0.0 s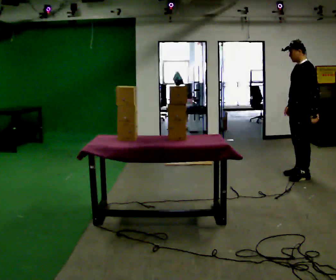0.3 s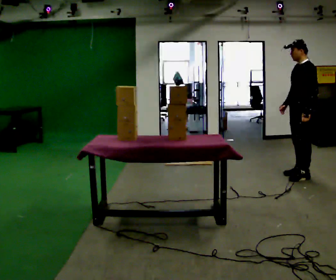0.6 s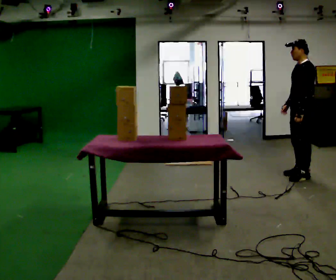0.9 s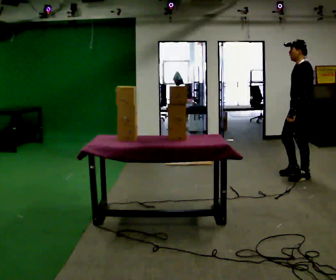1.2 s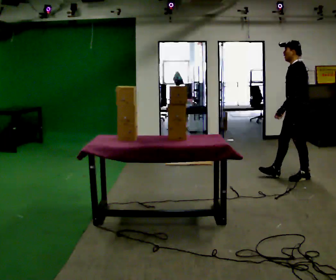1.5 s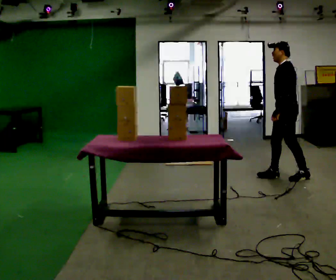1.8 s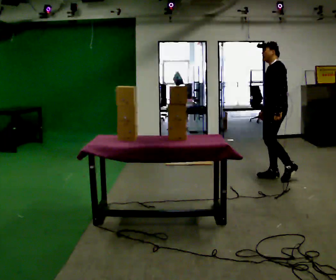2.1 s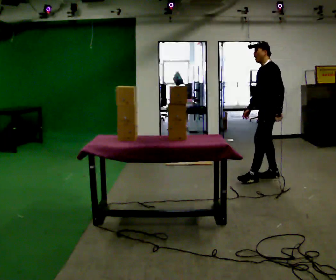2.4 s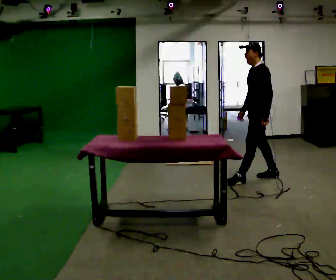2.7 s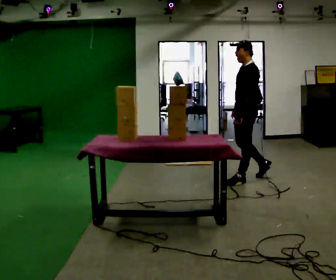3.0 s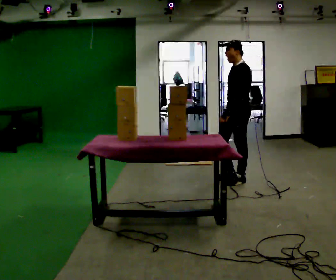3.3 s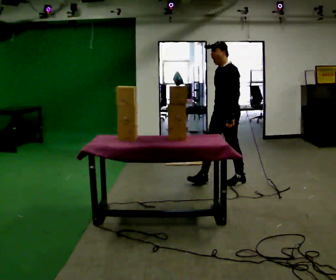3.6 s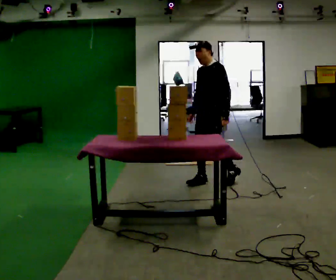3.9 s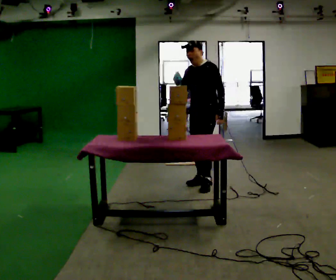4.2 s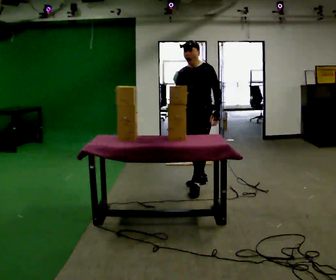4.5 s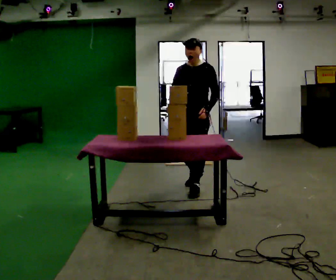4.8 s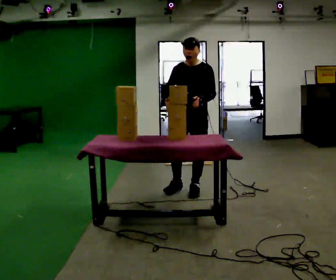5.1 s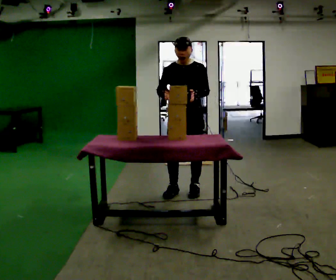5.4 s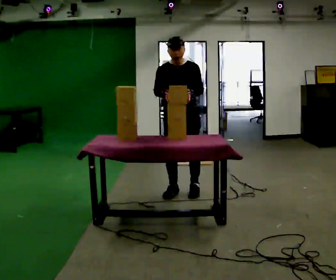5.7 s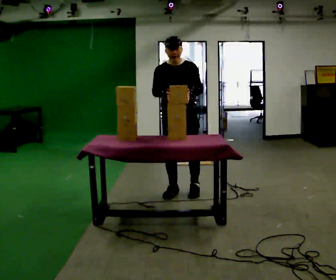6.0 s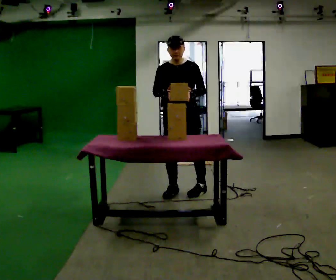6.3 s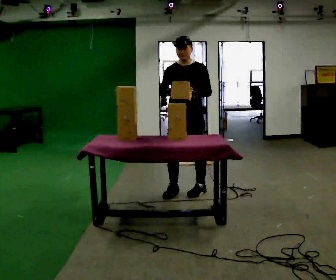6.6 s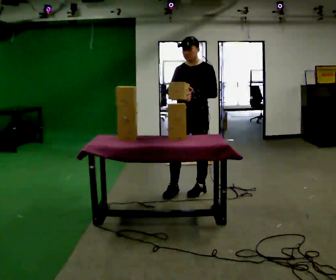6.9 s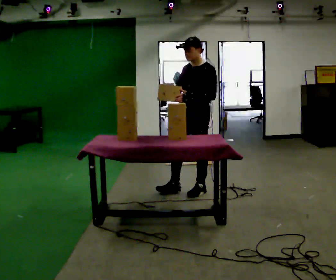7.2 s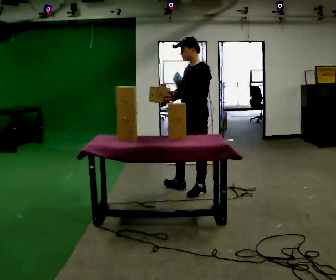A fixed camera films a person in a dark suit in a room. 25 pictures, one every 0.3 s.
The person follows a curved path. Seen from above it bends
counterclockwise.
0.0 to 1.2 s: In the picture their left hand goes to the left.
1.2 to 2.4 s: In the picture they go to the left, about 0.5 m in 1 step, which for them is forward.
2.4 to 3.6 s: Seen from above the body turns counterclockwise, about 30 degrees: to their left, with its near side sliding to the right. In the picture they go to the left, about 0.5 m in 1 step, which for them is forward.
3.6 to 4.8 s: The part of the body nearest the lens slides to the right as the person turns to their left by about 30 degrees. In the picture they go toward the camera and to the left, about 0.5 m in 1 step, which for them is forward.
4.8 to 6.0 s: The person moves a little, or ends about where they began.
6.0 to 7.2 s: The part of the body nearest the lens slides to the left as the person turns to their right by about 60 degrees. In the picture they go to the right, about 0.25 m.
The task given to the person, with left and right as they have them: 1. Bring the boxes over from the shelf one at a time. 2. Stack them on the pallet with the heaviest at the bottom. 3. Do not stack more than three high. 4. Tell the operator when you are finished.
The film runs forward here.
